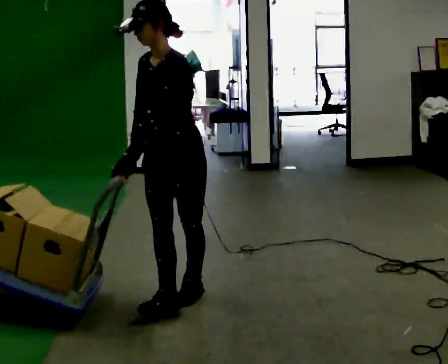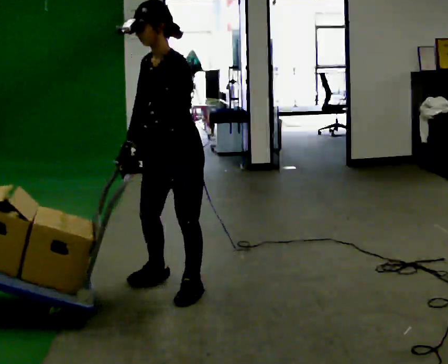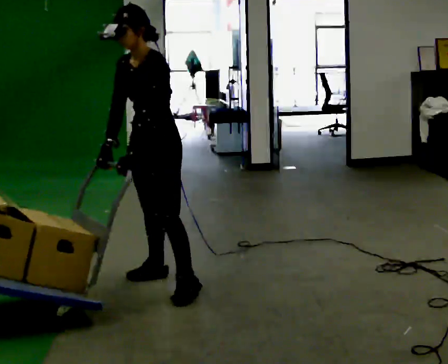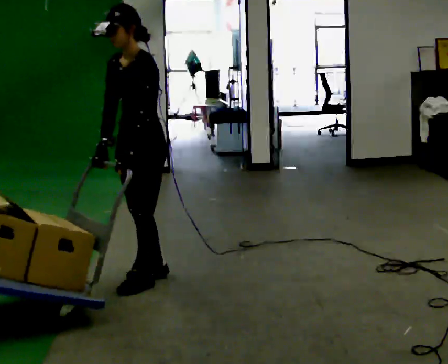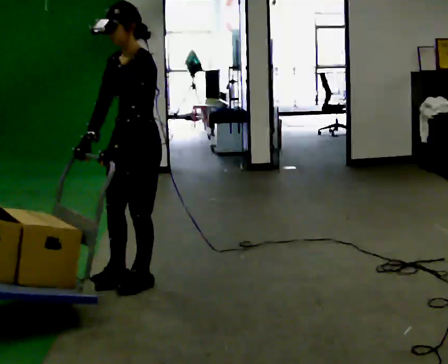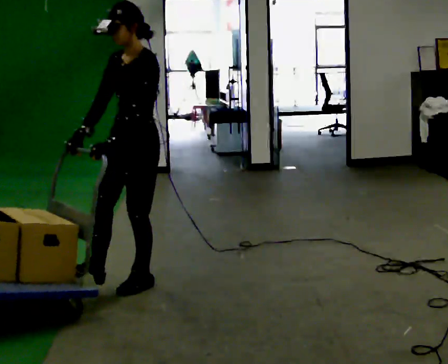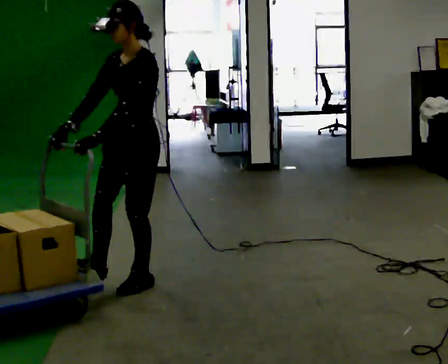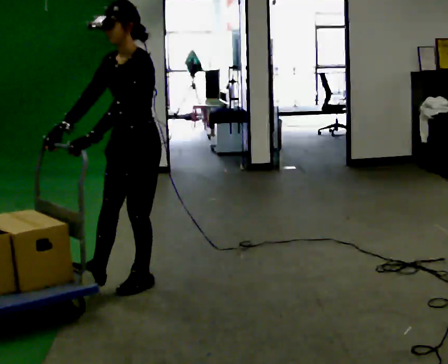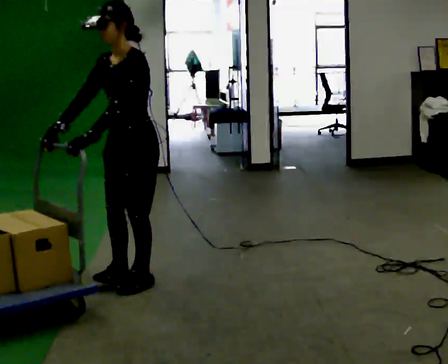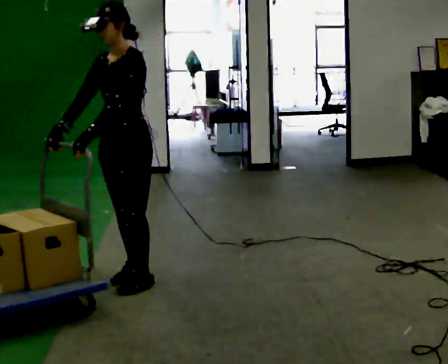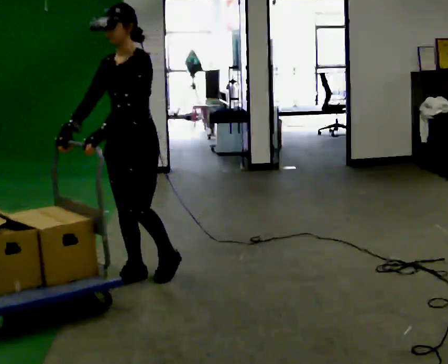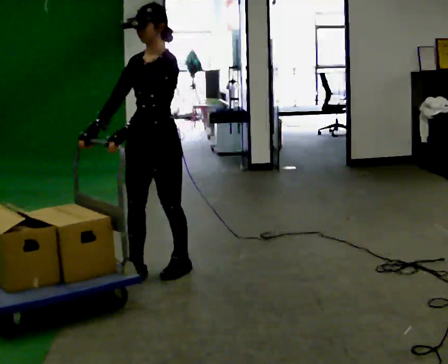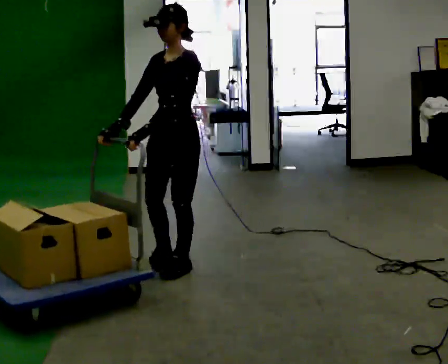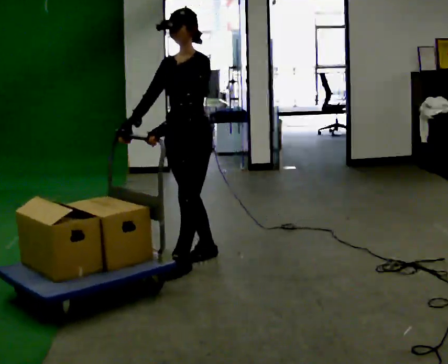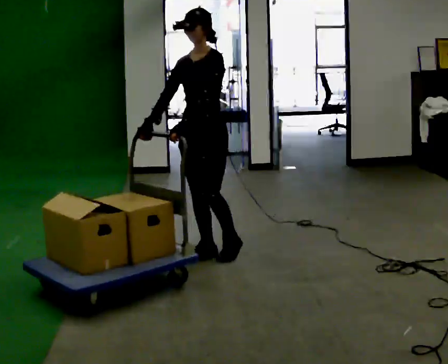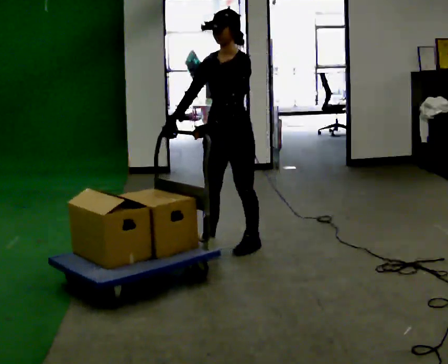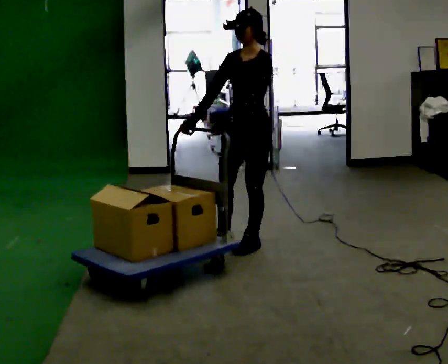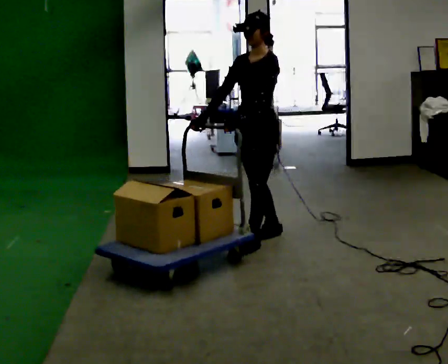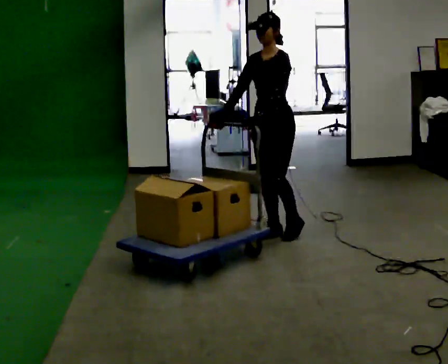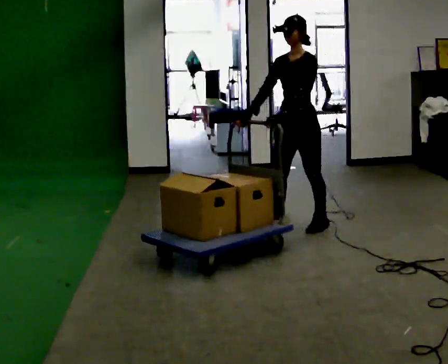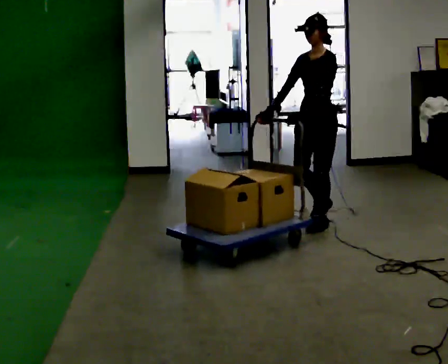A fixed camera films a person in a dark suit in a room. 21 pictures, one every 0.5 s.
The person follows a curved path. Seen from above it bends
clockwise.
0.0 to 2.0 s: In the picture they go away from the camera and to the left, about 0.25 m in 2 steps, which for them is to their right.
2.0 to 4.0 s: The person moves a little, or ends about where they began.
4.0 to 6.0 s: In the picture they go away from the camera and to the right, about 0.25 m in 2 steps, which for them is backward.
6.0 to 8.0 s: In the picture they go to the right and away from the camera, about 0.75 m in 2 steps, which for them is backward.
8.0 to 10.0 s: In the picture they go to the right and away from the camera, about 0.5 m in 2 steps, which for them is backward.
The film runs backward here.
